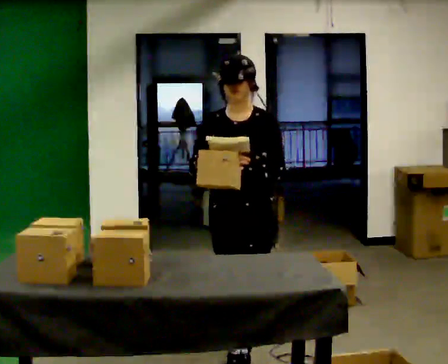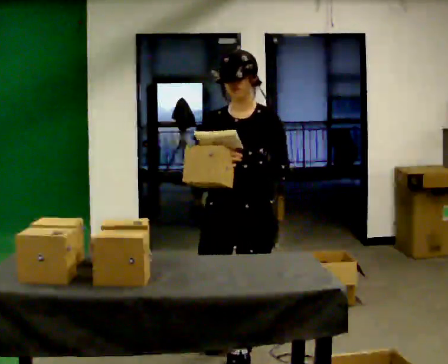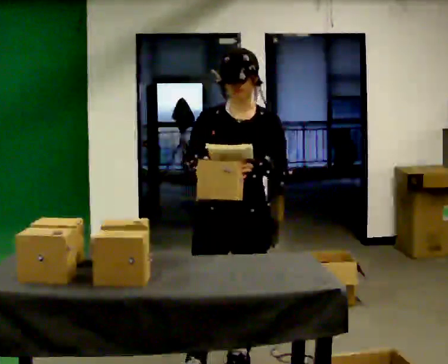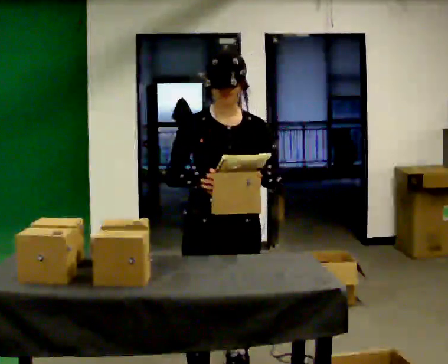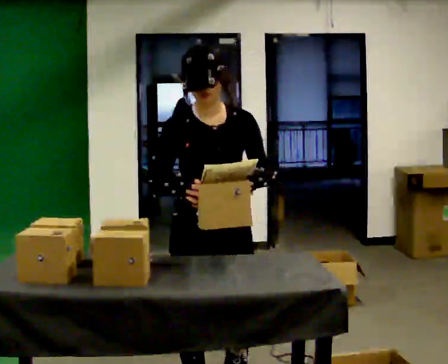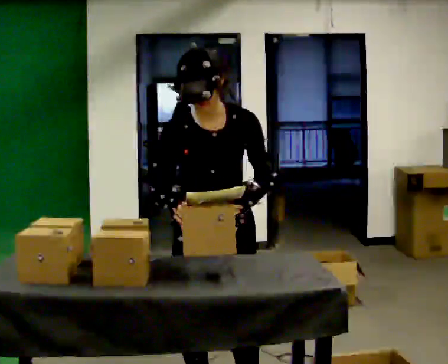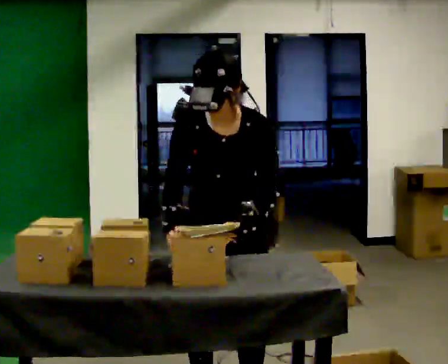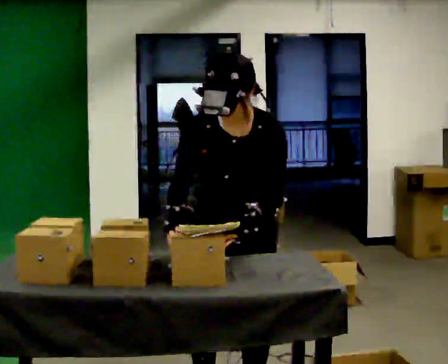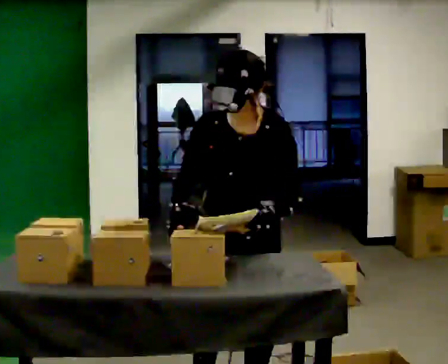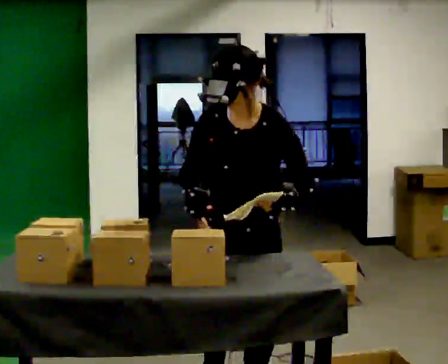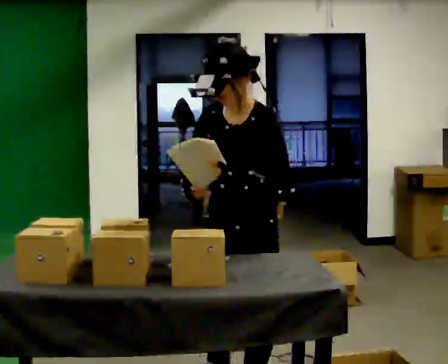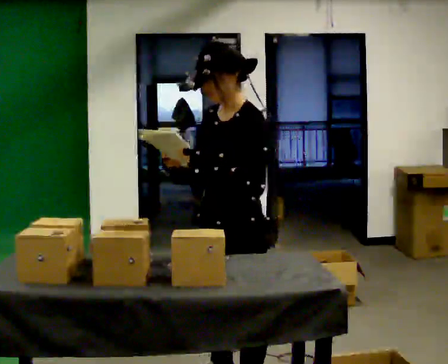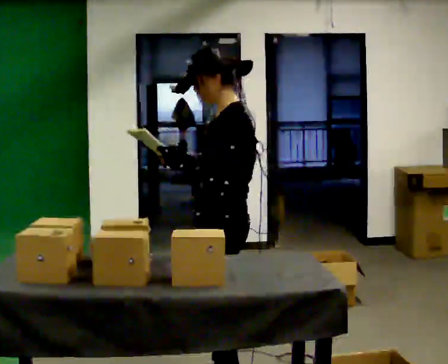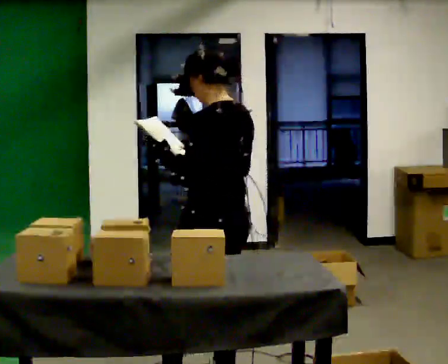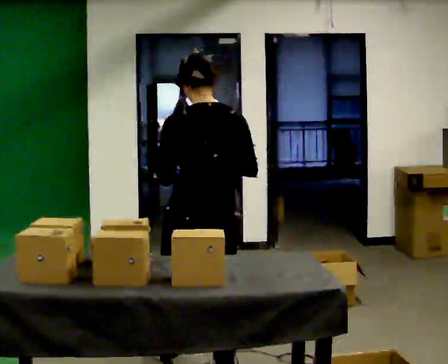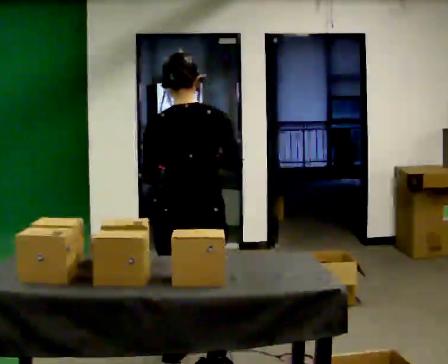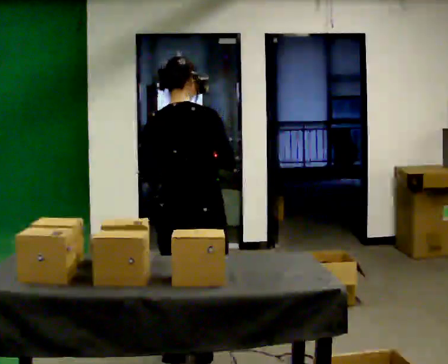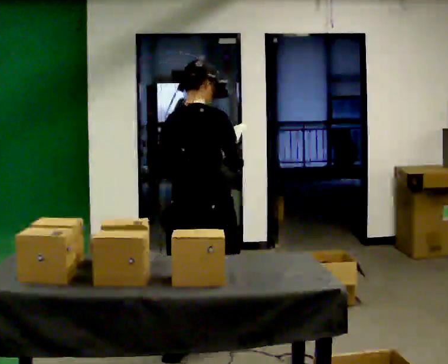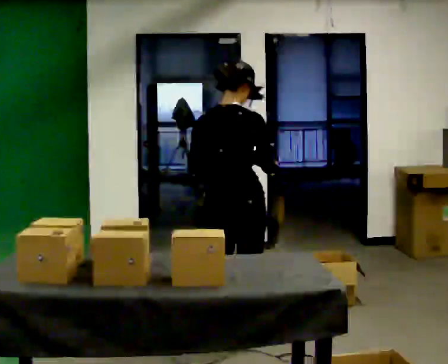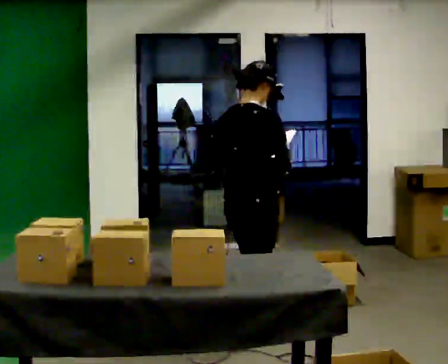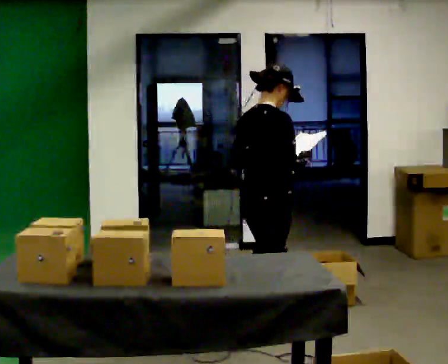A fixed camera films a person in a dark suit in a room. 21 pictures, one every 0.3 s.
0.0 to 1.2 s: The part of the body nearest the lens slides to the right as the person turns to their left by about 45 degrees. In the picture they go toward the camera, about 0.5 m in 1 step, which for them is forward.
1.2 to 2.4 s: The part of the body nearest the lens slides to the left as the person turns to their right by about 30 degrees. In the picture they go to the right, about 0.25 m in 1 step, which for them is to their left. The upper body tips toward the camera, its near side rolling downward, as they bend forward.
2.4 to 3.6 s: The part of the body nearest the lens slides to the left as the person turns to their right by about 75 degrees. In the picture they go away from the camera, about 0.25 m in 1 step. The upper body tips away from the camera, its near side rolling upward, as they lean back or straighten.
3.6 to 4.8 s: The part of the body nearest the lens slides to the left as the person turns to their right by about 120 degrees. In the picture they go away from the camera and to the left, about 0.5 m in 1 step.
4.8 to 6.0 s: The part of the body nearest the lens slides to the left as the person turns to their right by about 30 degrees. In the picture they go away from the camera and to the right, about 0.5 m in 1 step, which for them is forward and to their right.
The film runs forward here.
